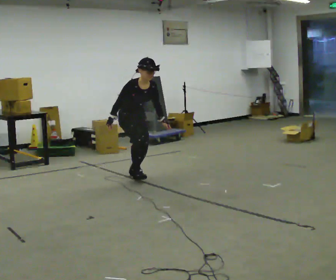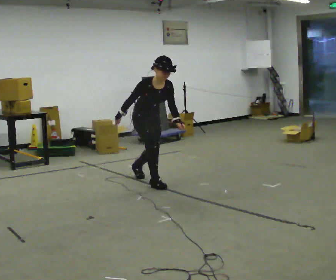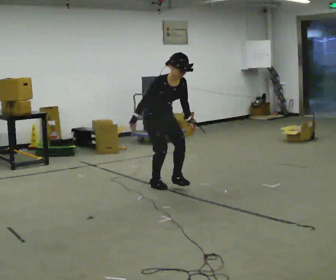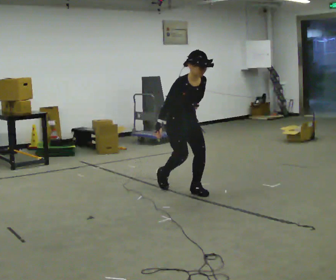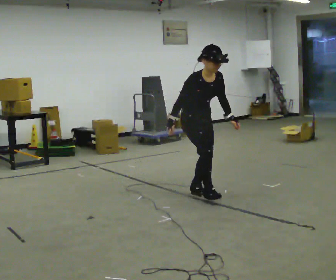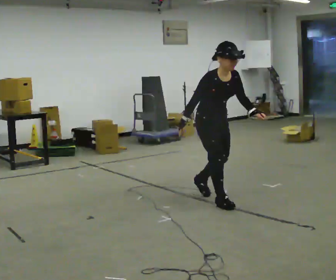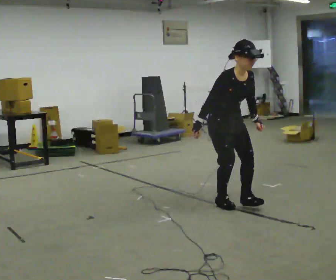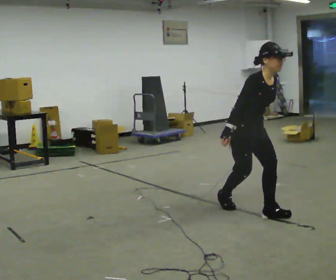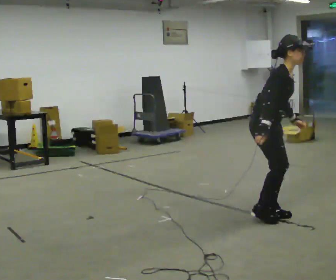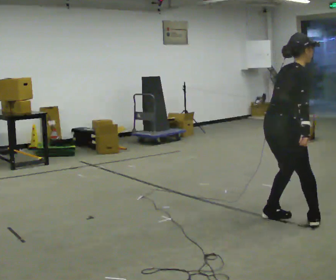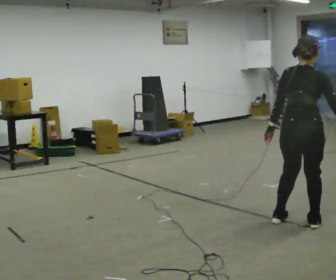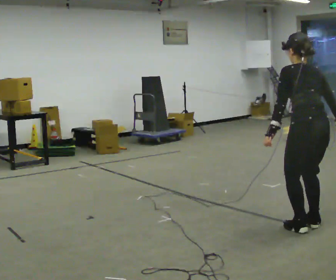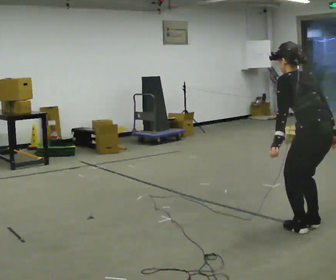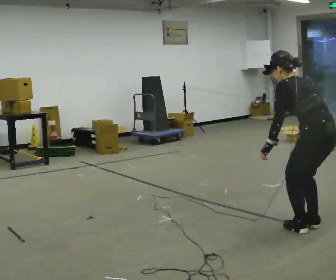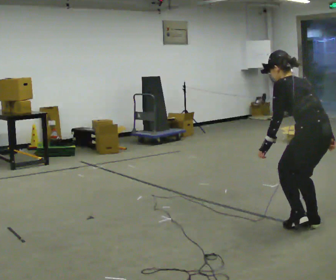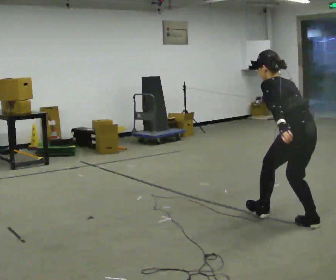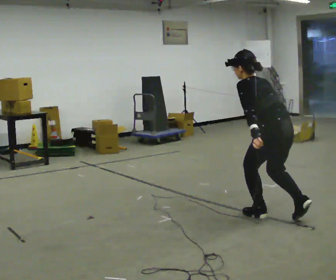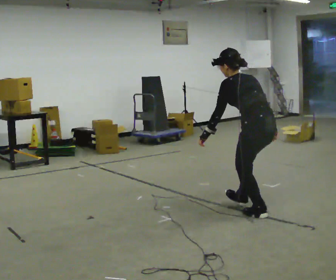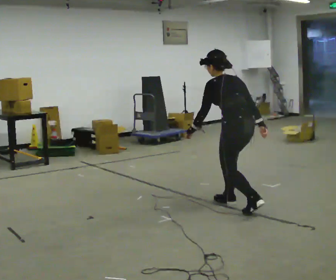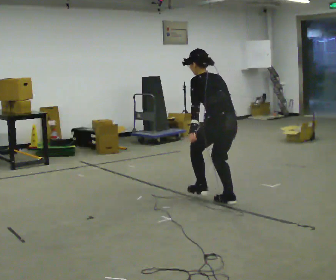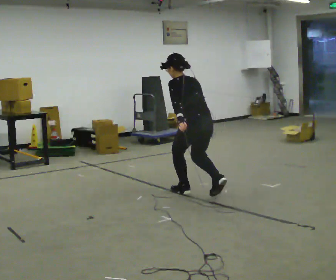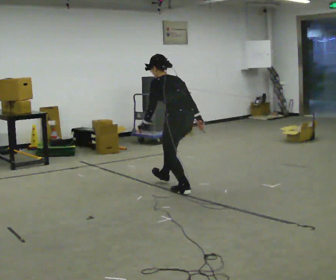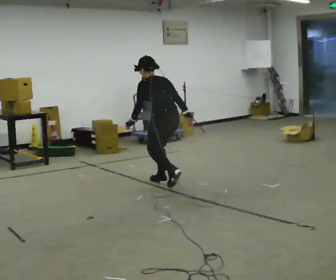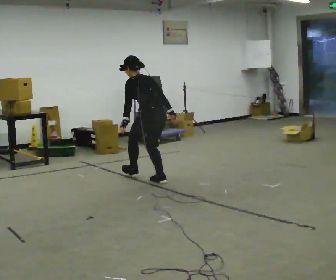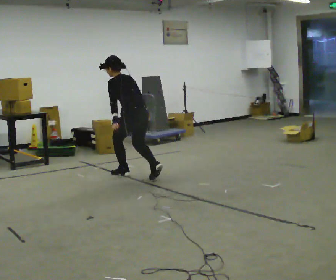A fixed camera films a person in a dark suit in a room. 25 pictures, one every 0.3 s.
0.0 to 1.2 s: In the picture they go to the right and toward the camera, about 1 m in 2 steps, which for them is forward.
1.2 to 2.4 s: The part of the body nearest the lens slides to the right as the person turns to their left by about 30 degrees. In the picture they go to the right and toward the camera, about 1 m in 2 steps, which for them is forward. The upper body tips away from the camera, its near side rolling upward.
2.4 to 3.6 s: The person turns about 135 degrees to their left, counterclockwise seen from above, so the part of the body nearest the lens slides to the right. In the picture they go to the right and toward the camera, about 0.5 m in 2 steps. In the picture the upper body tilts counterclockwise, shoulders to the left.
3.6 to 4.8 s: In the picture they go to the left and away from the camera, about 0.5 m in 1 step, which for them is forward.
4.8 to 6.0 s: In the picture they go to the left and away from the camera, about 1 m in 2 steps, which for them is forward.
6.0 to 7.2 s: In the picture they go to the left and away from the camera, about 1 m in 2 steps, which for them is forward.
The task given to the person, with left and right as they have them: Walk forward in a lowered crouched posture at a comfortable speed; do not go lower than is comfortable; stop.
The film runs forward here.
